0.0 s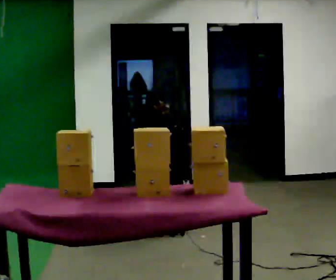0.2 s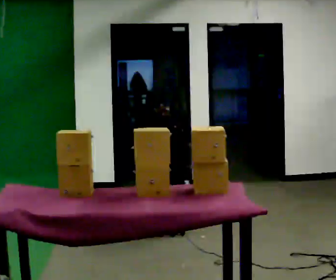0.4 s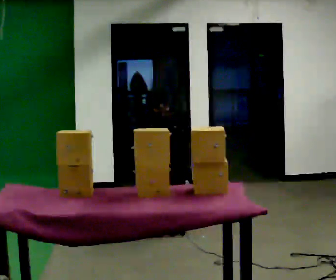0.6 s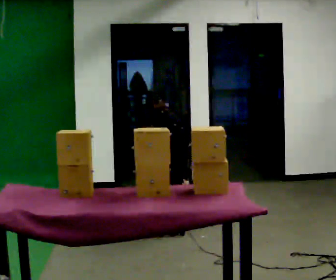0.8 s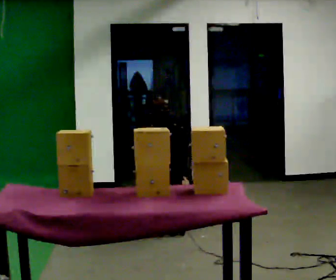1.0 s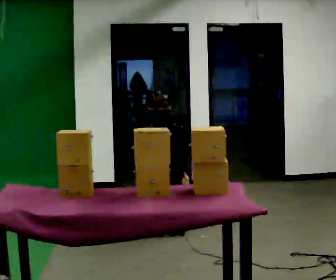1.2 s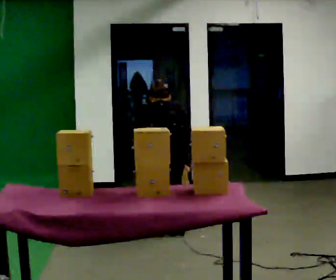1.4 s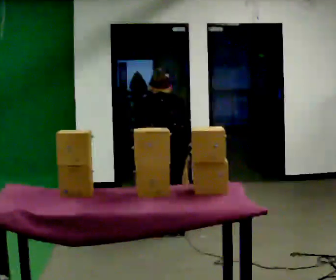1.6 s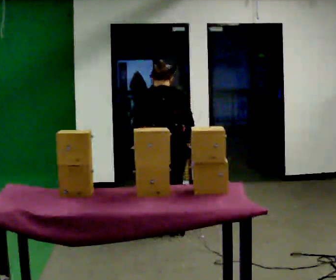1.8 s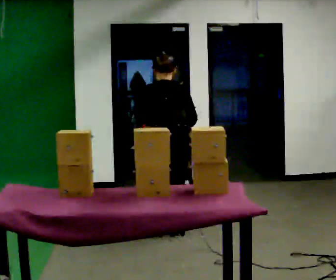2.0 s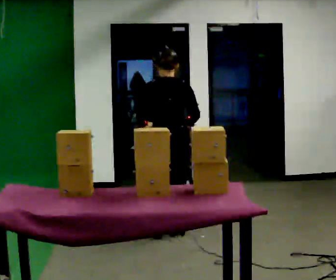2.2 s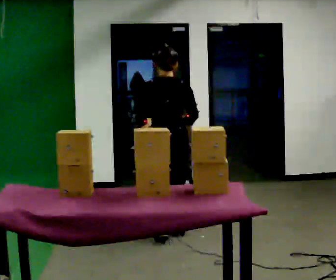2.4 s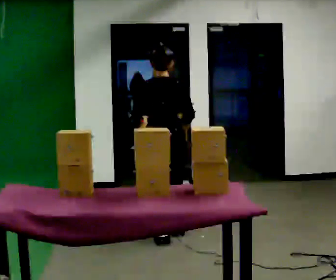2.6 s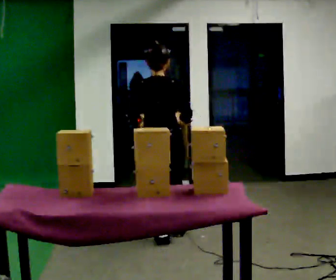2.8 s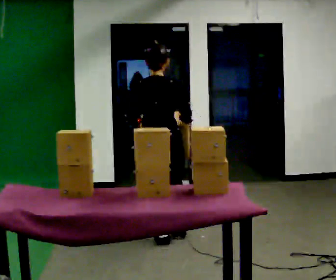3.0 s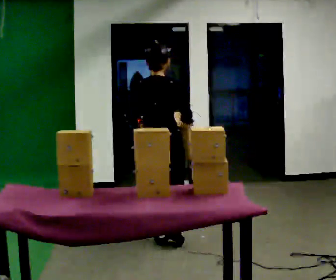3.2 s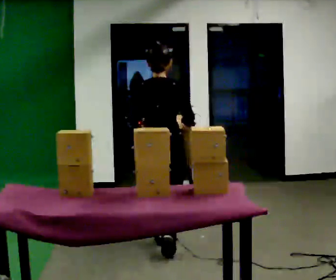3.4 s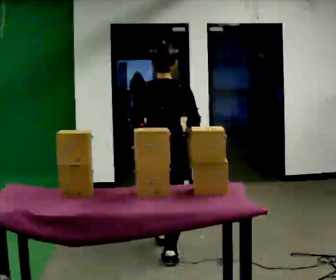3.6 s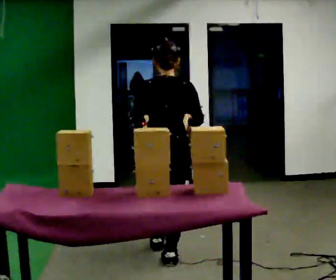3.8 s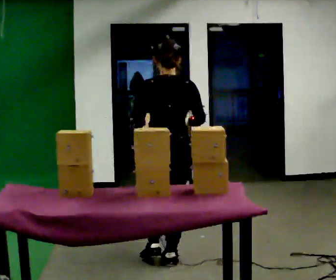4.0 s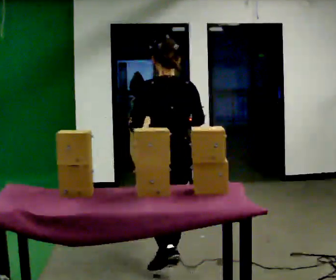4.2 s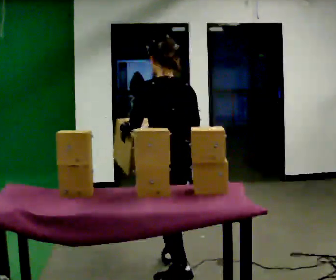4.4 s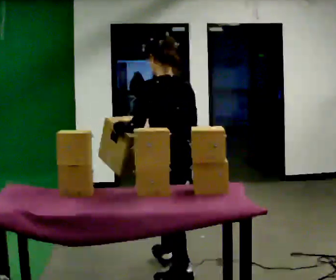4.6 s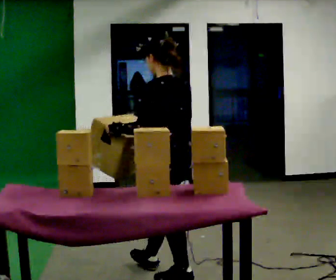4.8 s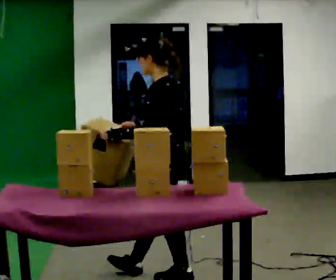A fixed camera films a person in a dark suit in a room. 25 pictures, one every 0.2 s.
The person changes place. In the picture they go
toward the camera.
Their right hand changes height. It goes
upward.
0.0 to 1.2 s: The upper body tips toward the camera, its near side rolling downward, as they lean back or straighten.
1.2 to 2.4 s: The upper body goes upward. The upper body tips toward the camera, its near side rolling downward, as they lean back or straighten. In the picture their left hand goes upward.
2.4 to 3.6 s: In the picture they go toward the camera, about 0.5 m in 2 steps, which for them is backward.
3.6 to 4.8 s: The part of the body nearest the lens slides to the right as the person turns to their left by about 75 degrees. In the picture they go toward the camera, about 0.5 m in 1 step.
The film runs backward here.
